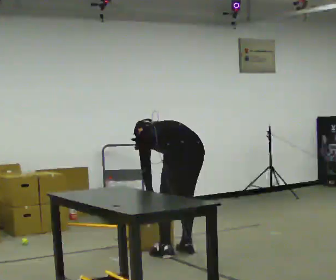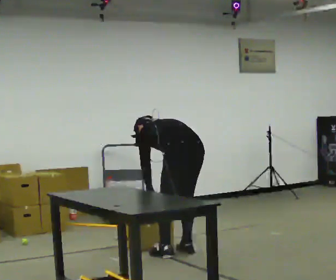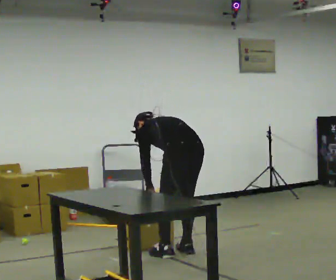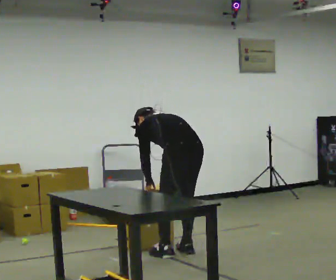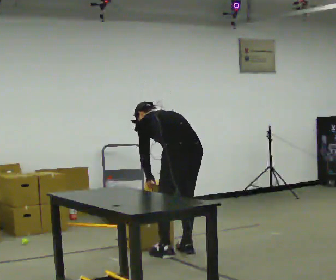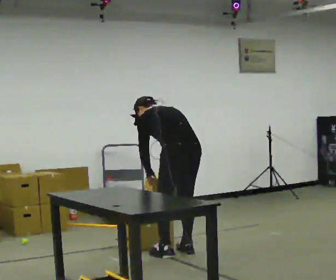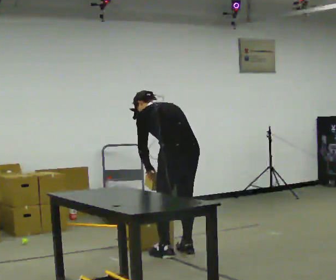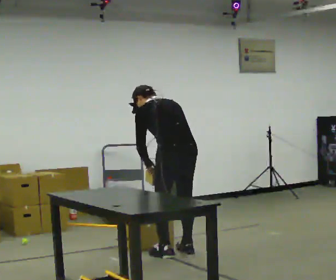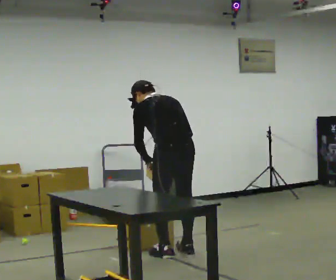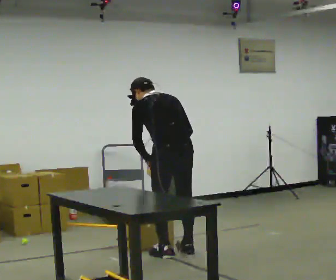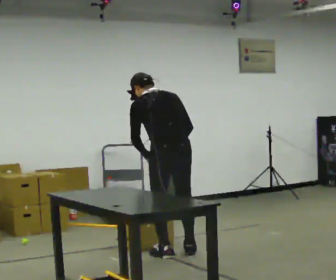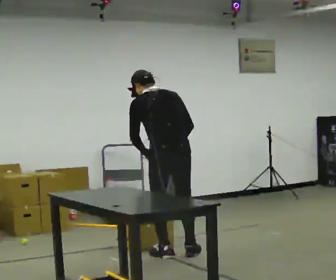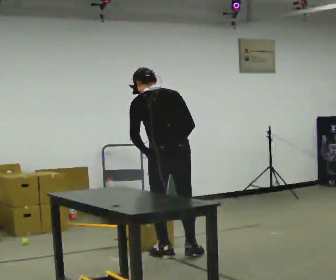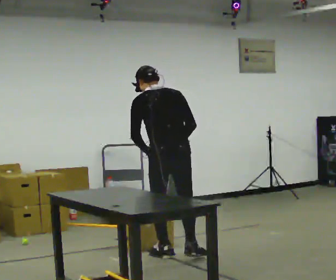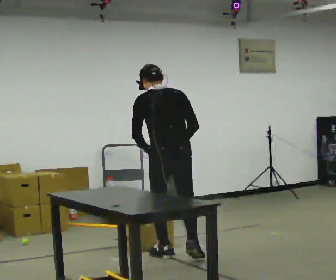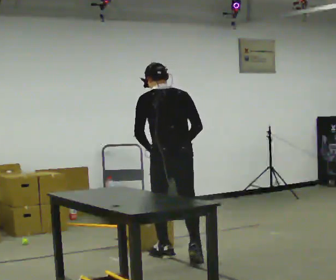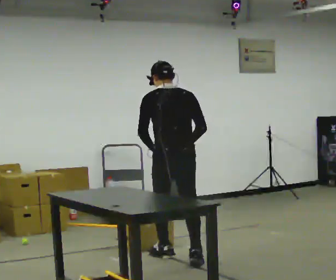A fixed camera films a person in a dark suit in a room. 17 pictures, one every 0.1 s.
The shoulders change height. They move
upward.
Their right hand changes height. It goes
upward.
0.0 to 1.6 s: The part of the body nearest the lens slides to the left as the person turns to their right by about 30 degrees. In the picture they go toward the camera, about 0.25 m in 1 step, which for them is to their left. The upper body goes upward. The upper body tips toward the camera, its near side rolling downward, as they lean back or straighten. In the picture their right hand goes upward.
The film runs backward here.
